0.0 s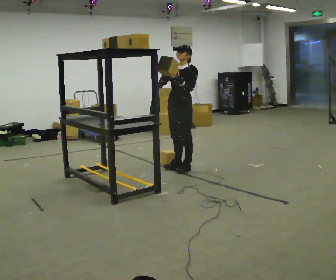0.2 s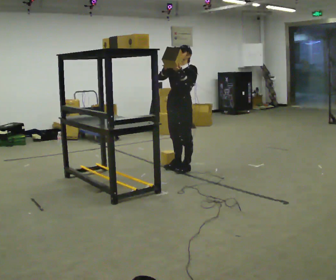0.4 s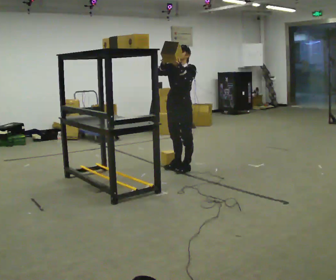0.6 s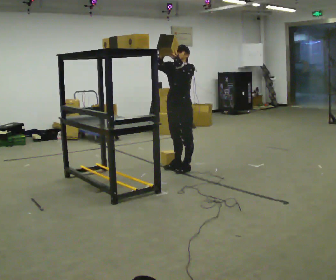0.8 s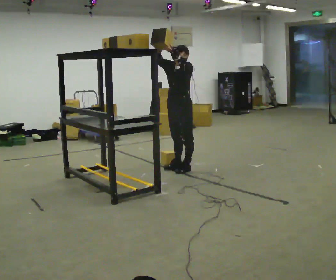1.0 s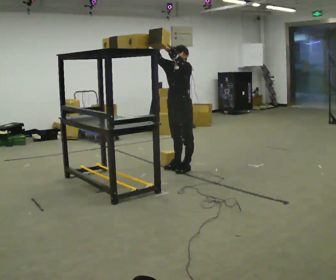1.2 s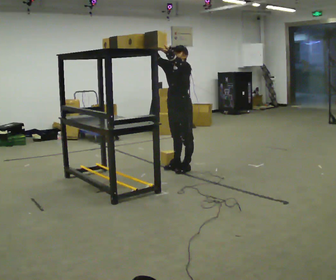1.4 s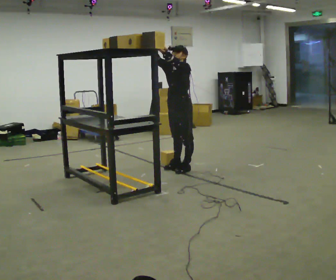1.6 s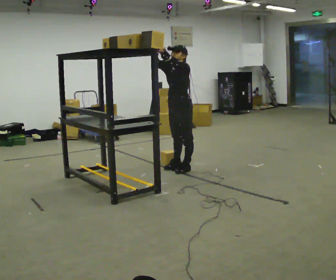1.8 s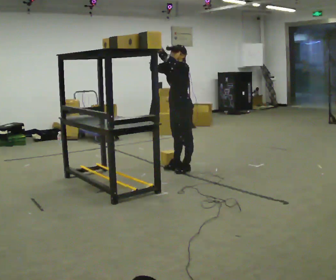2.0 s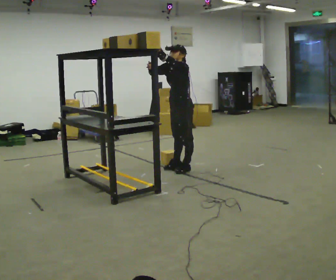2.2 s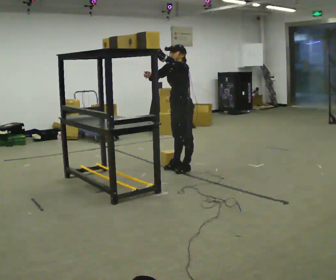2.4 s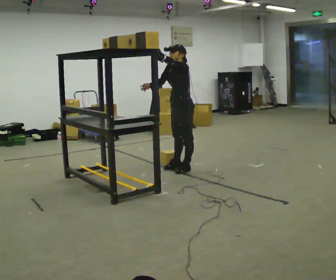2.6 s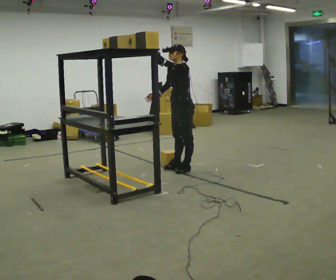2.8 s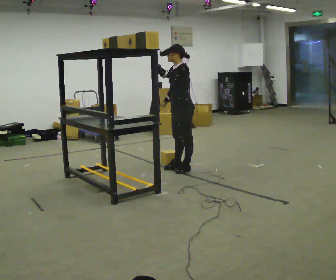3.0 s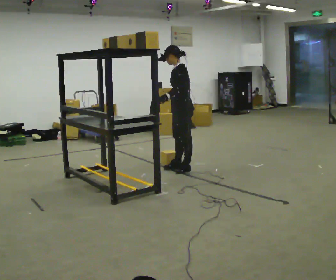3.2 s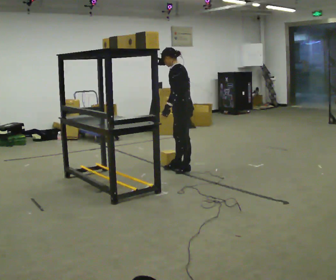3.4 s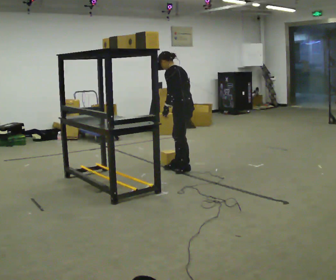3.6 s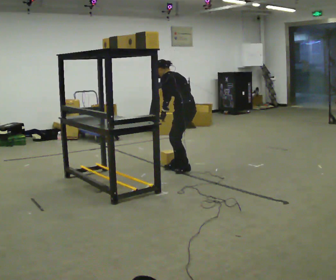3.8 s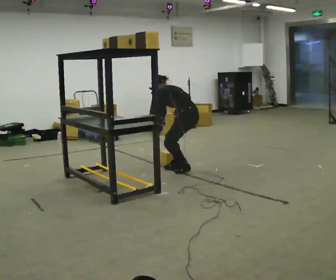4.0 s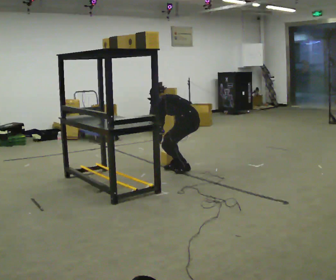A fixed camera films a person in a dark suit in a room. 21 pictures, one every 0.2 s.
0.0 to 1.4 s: The person moves a little, or ends about where they began.
1.4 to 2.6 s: In the picture their right hand goes downward.
2.6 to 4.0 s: The part of the body nearest the lens slides to the left as the person turns to their right by about 45 degrees. The upper body goes downward. The upper body tips away from the camera, its near side rolling upward, as they bend forward. In the picture their left hand goes downward.
The film runs forward here.
